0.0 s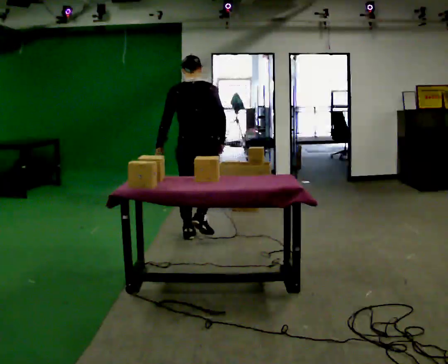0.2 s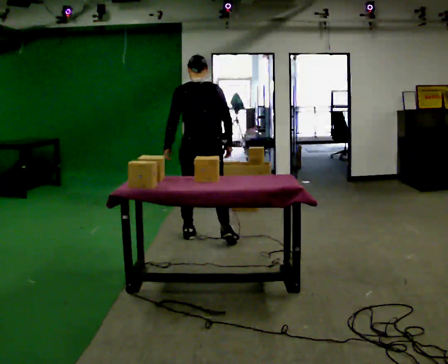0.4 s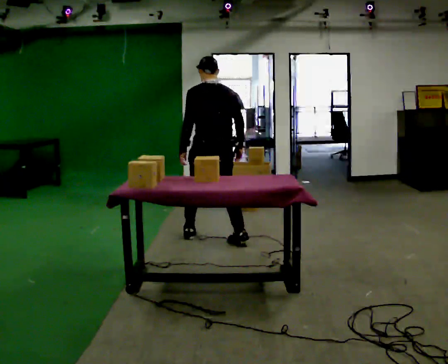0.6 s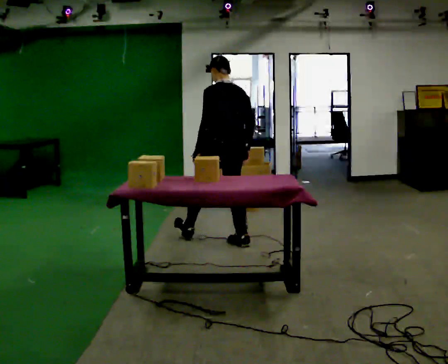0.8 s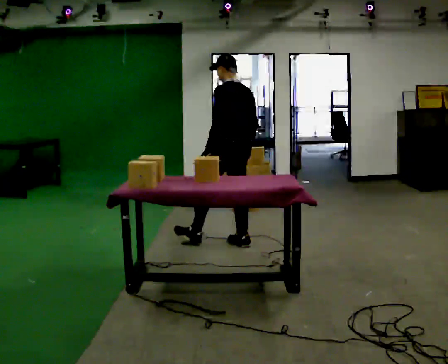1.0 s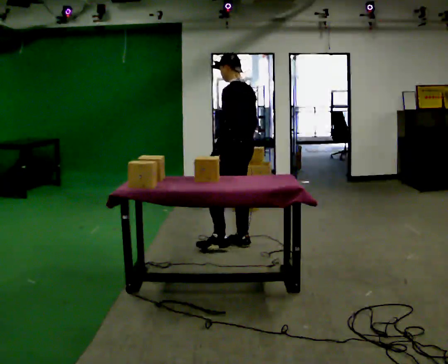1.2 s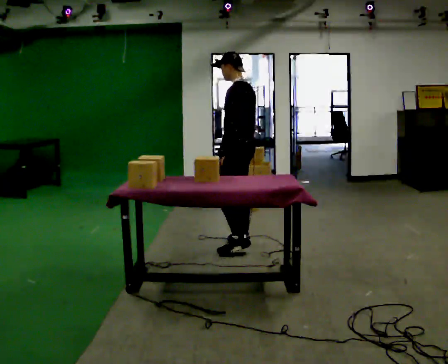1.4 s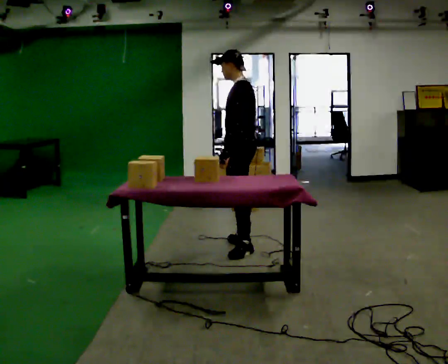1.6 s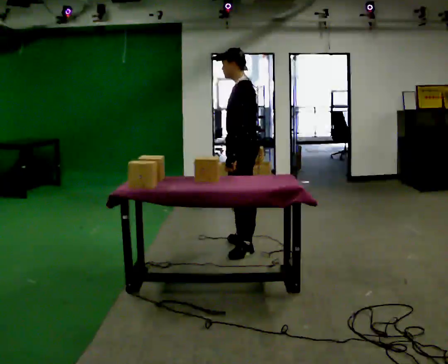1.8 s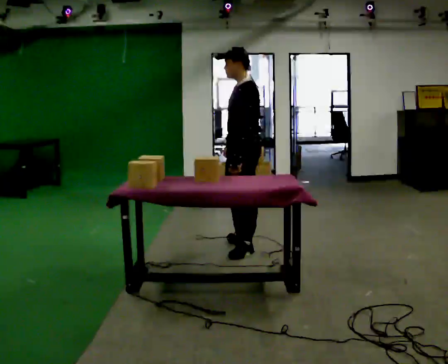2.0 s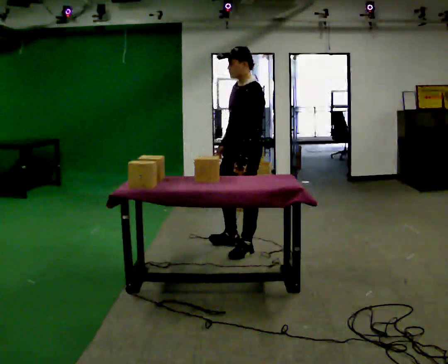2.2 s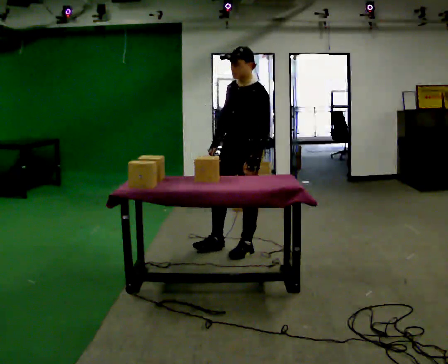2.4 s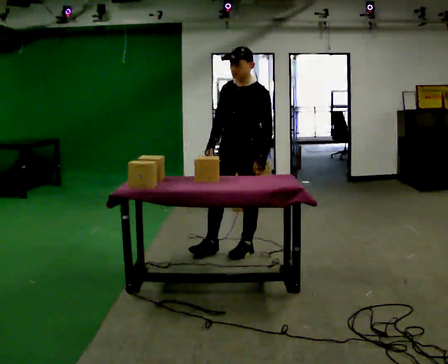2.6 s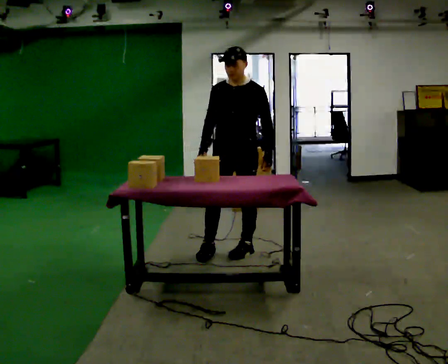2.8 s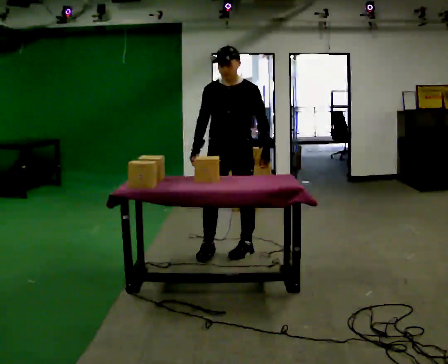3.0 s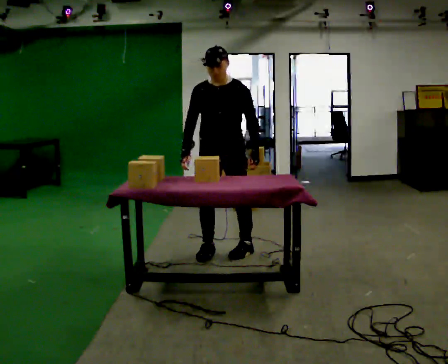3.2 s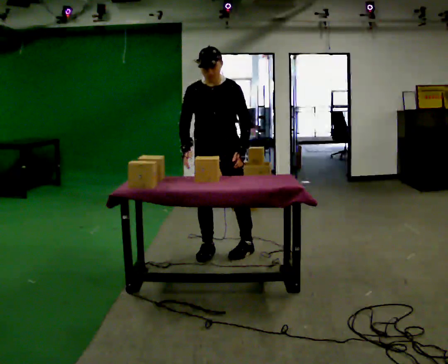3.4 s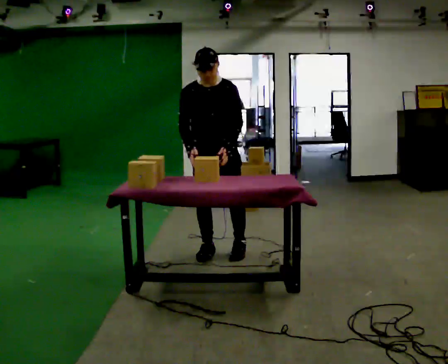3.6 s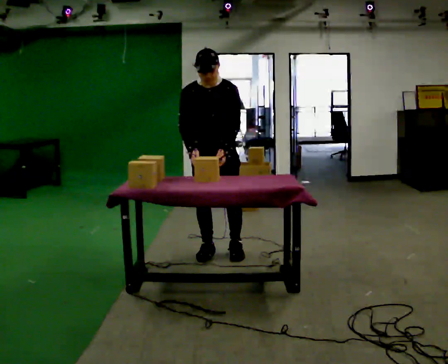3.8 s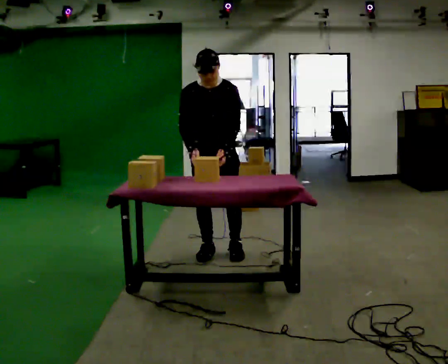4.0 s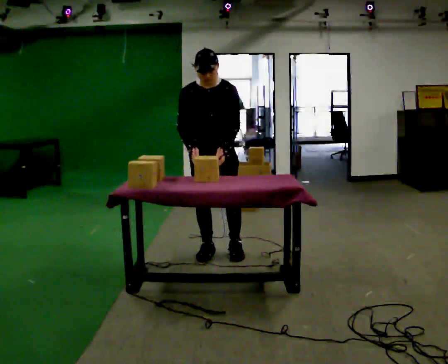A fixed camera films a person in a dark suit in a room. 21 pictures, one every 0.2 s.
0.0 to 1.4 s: The part of the body nearest the lens slides to the right as the person turns to their left by about 75 degrees. In the picture they go to the right and toward the camera, about 0.5 m in 1 step.
1.4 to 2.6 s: The part of the body nearest the lens slides to the right as the person turns to their left by about 75 degrees. In the picture they go toward the camera, about 0.25 m in 1 step. In the picture their left hand goes to the right.
2.6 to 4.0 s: Seen from above the body turns counterclockwise, about 30 degrees: to their left, with its near side sliding to the right. In the picture they go to the left, about 0.25 m, which for them is to their right.
The film runs backward here.
